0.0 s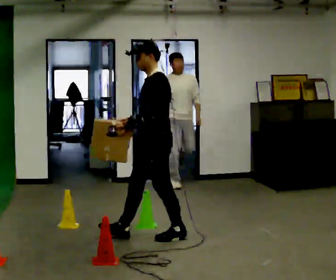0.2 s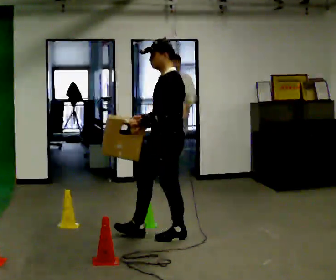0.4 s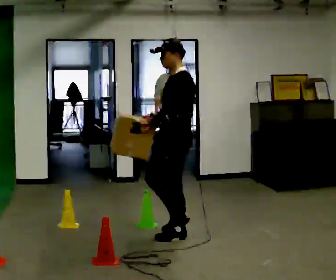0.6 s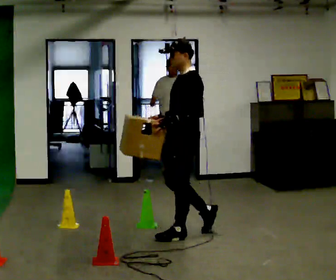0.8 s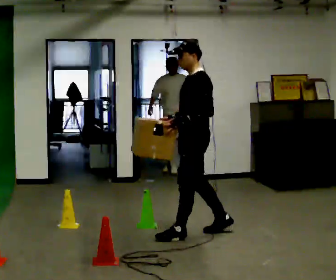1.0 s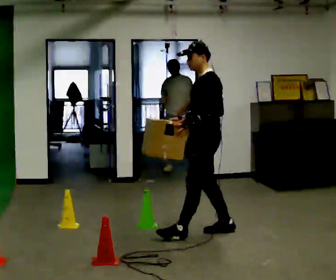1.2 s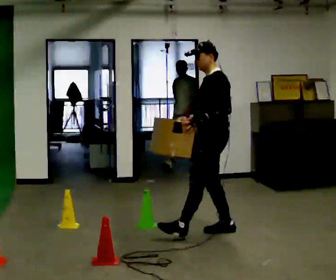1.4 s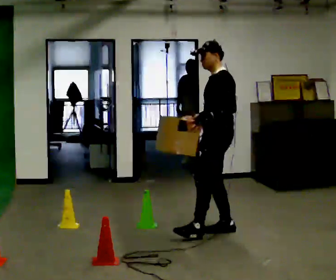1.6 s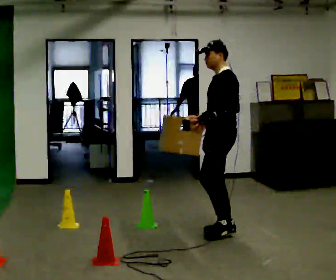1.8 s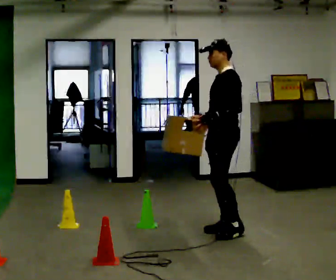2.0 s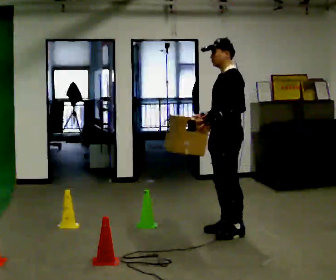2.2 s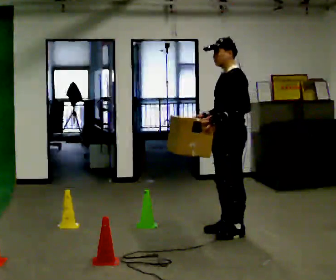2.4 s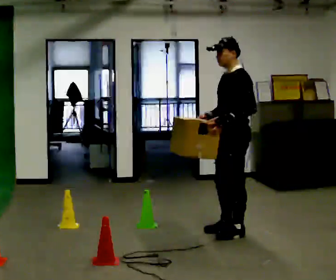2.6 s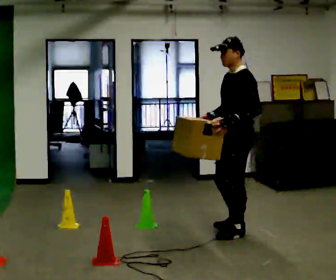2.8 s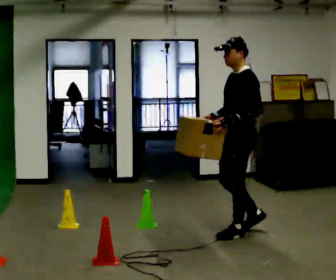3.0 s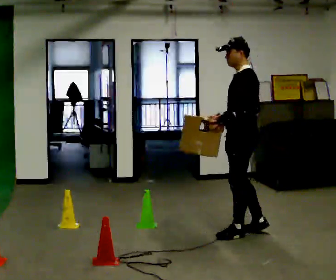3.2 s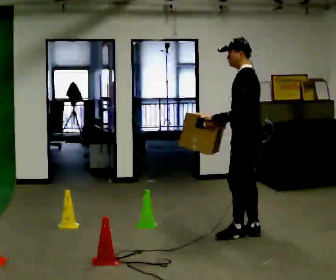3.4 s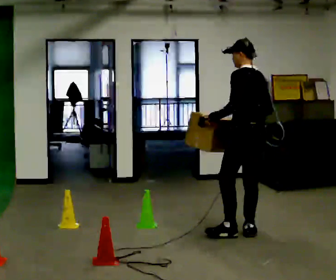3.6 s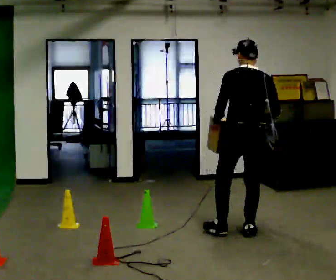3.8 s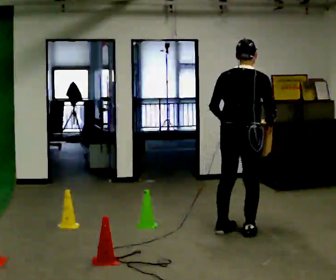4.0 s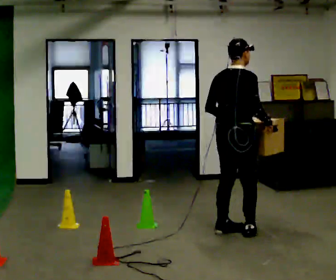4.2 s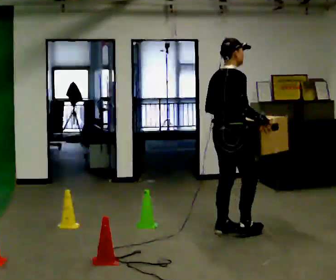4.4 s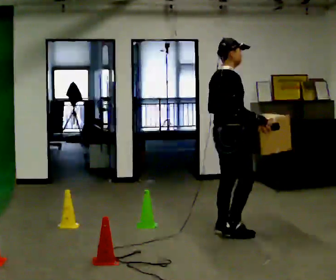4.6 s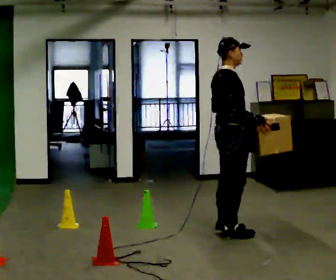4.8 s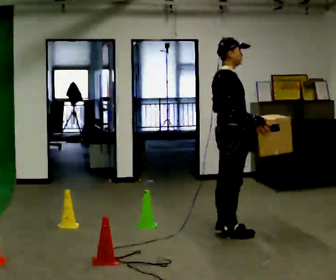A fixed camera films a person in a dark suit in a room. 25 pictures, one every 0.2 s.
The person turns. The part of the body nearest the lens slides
to the left.
The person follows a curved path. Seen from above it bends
clockwise.
0.0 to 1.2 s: In the picture they go to the right and away from the camera, about 0.5 m in 1 step, which for them is backward.
1.2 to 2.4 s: In the picture they go to the right, about 0.25 m in 1 step, which for them is backward.
2.4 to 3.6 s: The person turns about 90 degrees to their right, clockwise seen from above, so the part of the body nearest the lens slides to the left. In the picture their right hand goes to the right, the arm swinging counterclockwise.
3.6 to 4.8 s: Seen from above the body turns clockwise, about 90 degrees: to their right, with its near side sliding to the left. In the picture they go to the left, about 0.25 m in 1 step.
The film runs backward here.
